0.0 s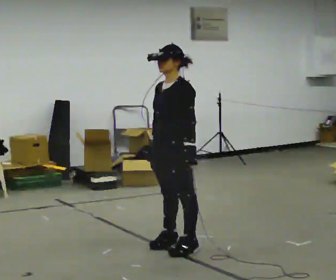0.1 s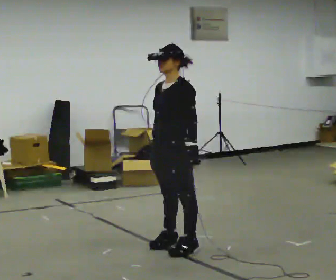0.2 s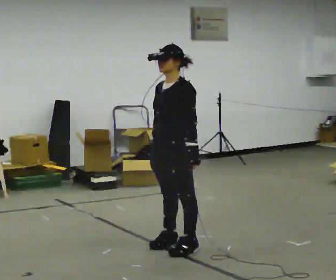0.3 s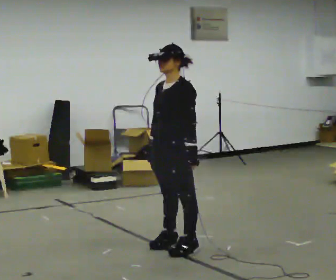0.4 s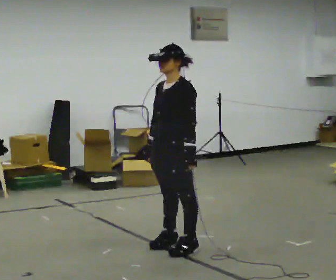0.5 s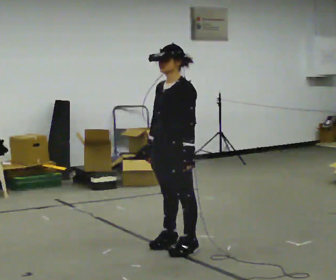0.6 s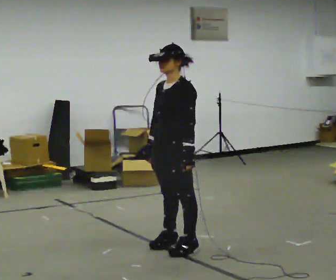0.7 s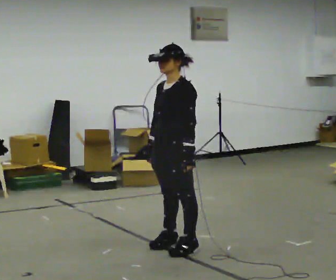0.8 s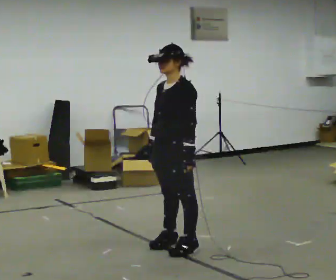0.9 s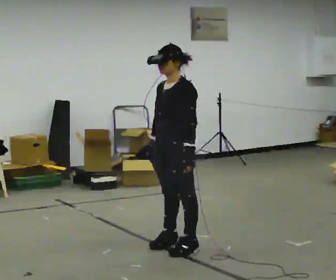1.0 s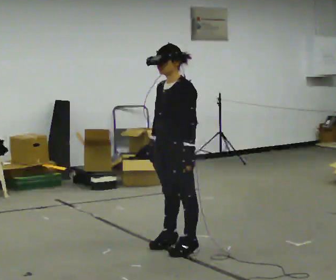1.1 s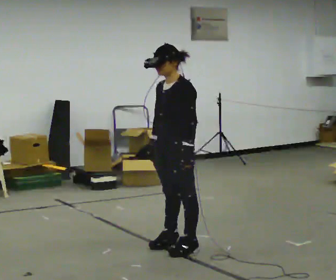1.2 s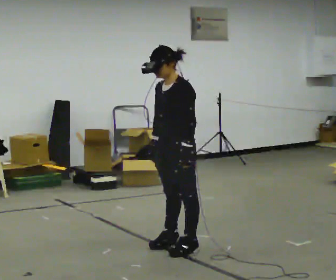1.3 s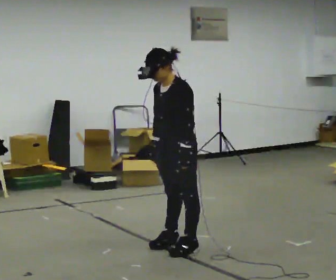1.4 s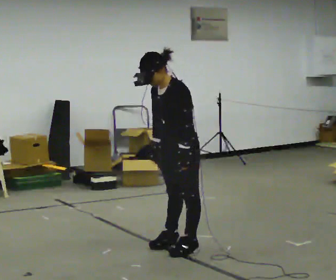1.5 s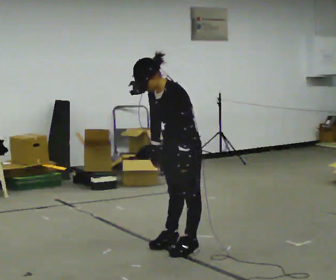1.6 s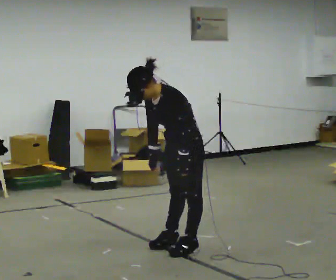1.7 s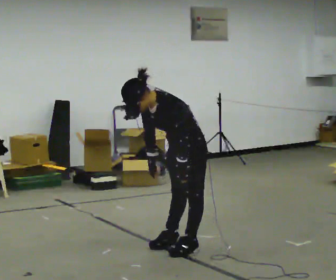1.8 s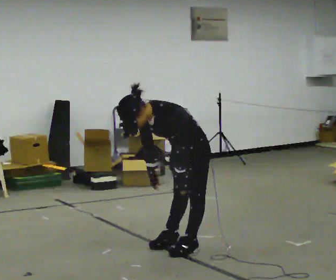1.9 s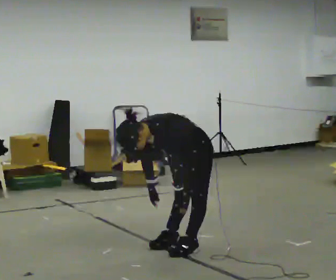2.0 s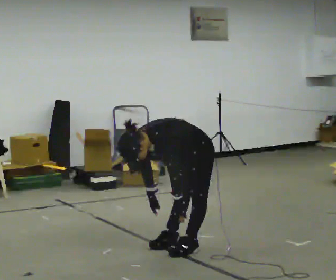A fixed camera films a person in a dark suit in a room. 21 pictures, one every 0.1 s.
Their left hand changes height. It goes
downward.
The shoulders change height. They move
downward.
0.0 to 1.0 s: The person moves a little, or ends about where they began.
1.0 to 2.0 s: The upper body goes downward. In the picture the upper body tilts counterclockwise, shoulders to the left, as they bend forward. In the picture their right hand goes downward.
The film runs forward here.
